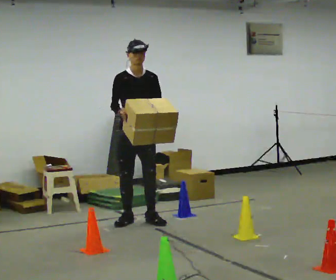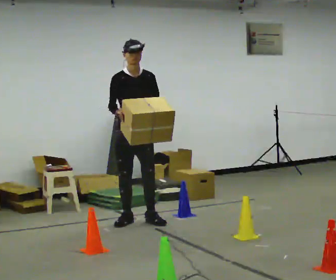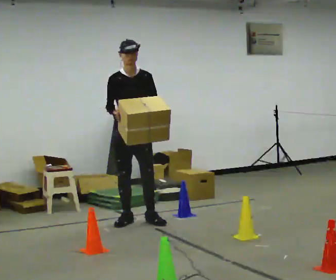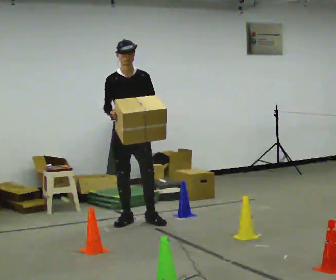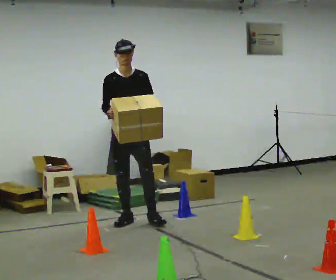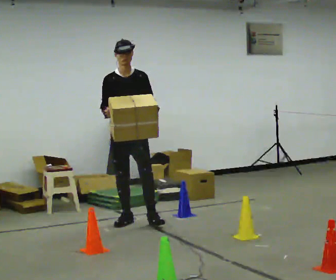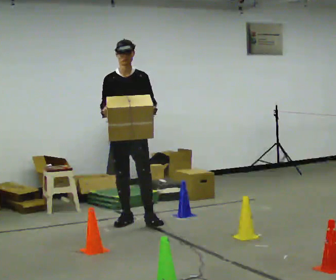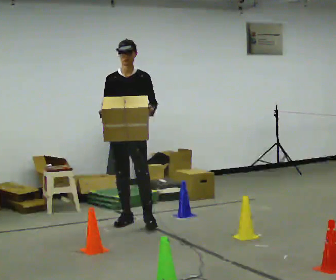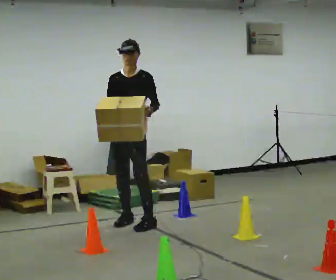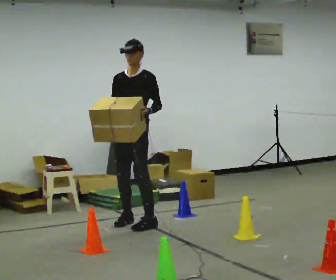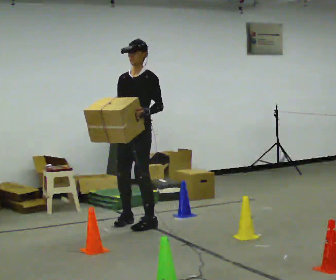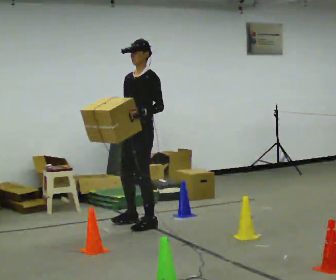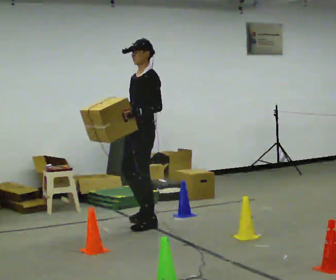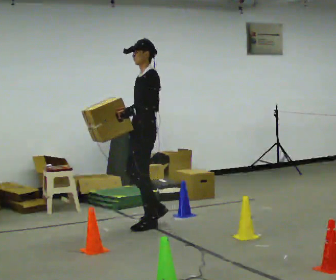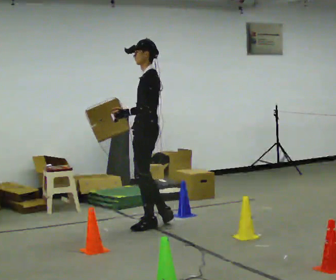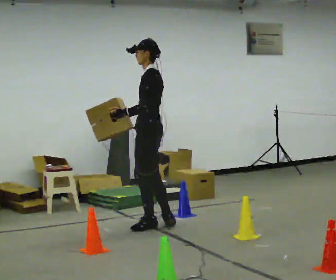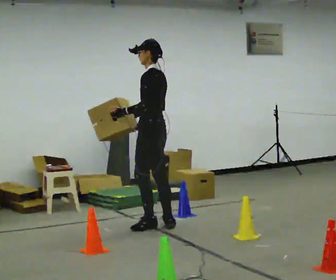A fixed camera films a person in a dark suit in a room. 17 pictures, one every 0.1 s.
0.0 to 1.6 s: Seen from above the body turns clockwise, about 120 degrees: to their right, with its near side sliding to the left. In the picture they go toward the camera and to the right, about 0.25 m in 2 steps.
The film runs backward here.
